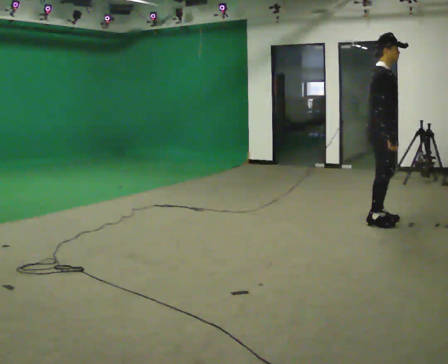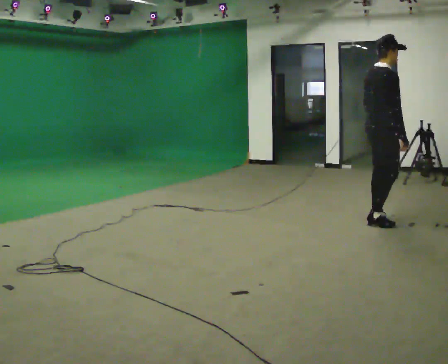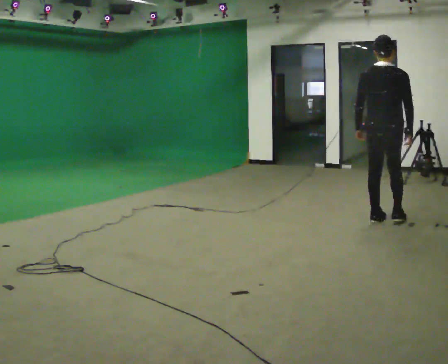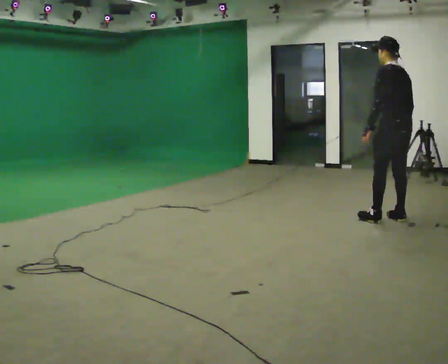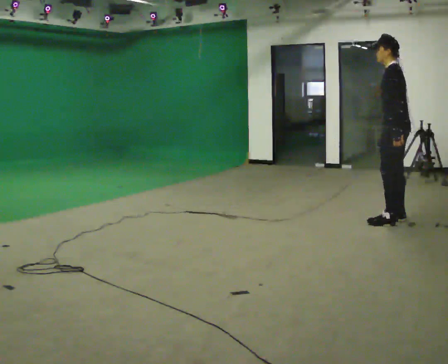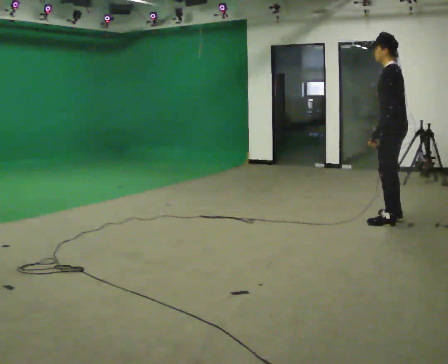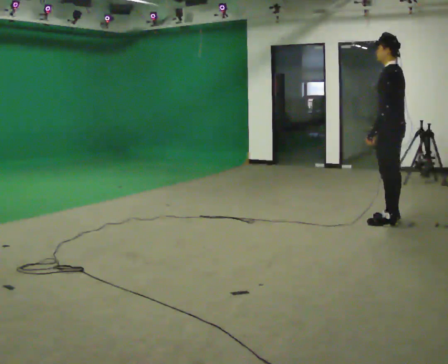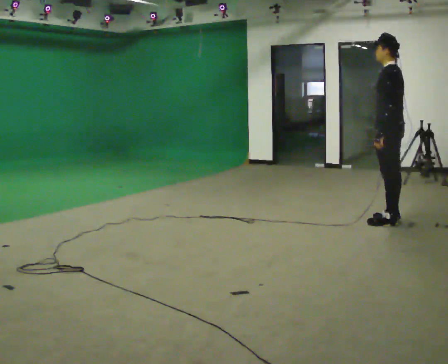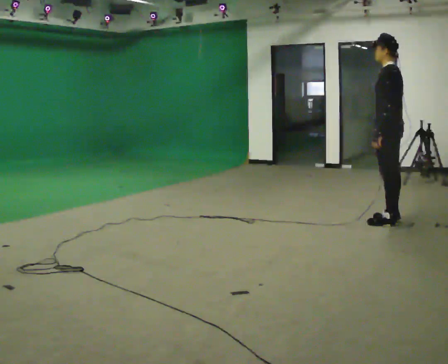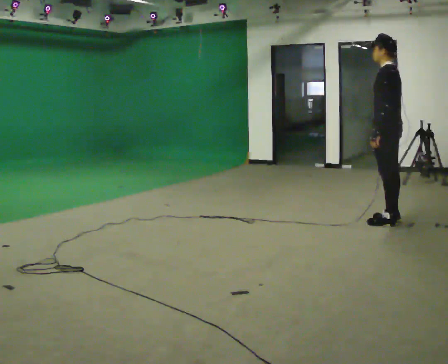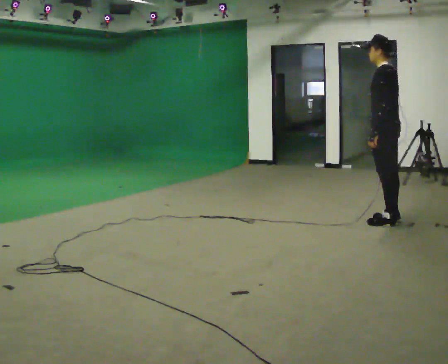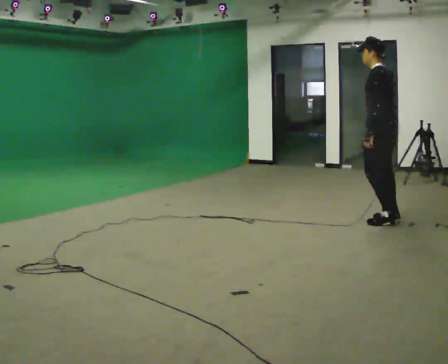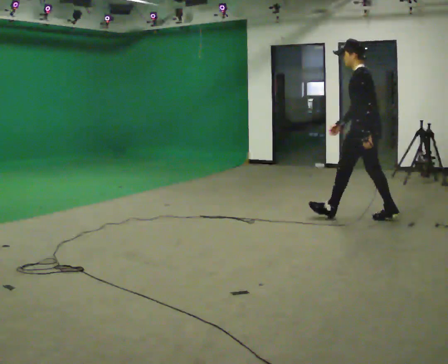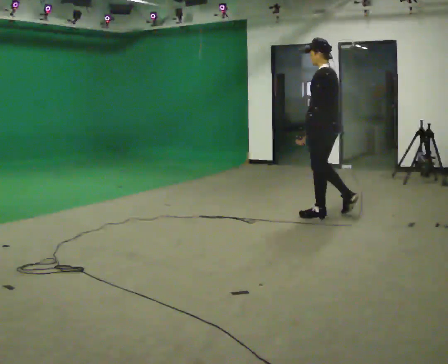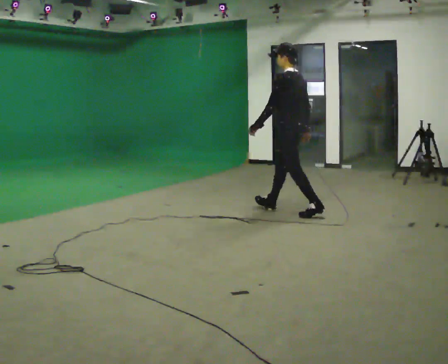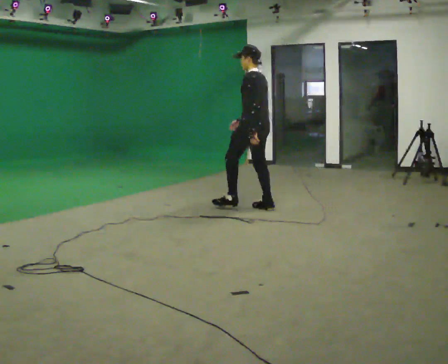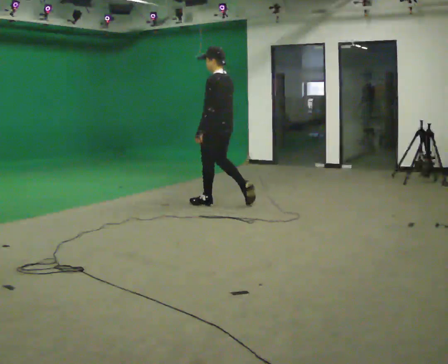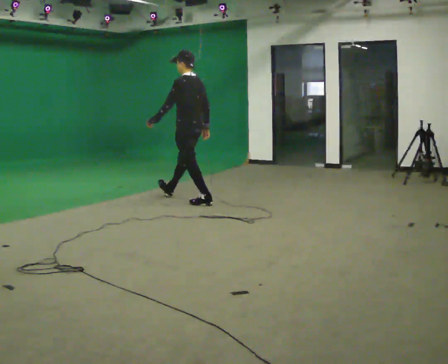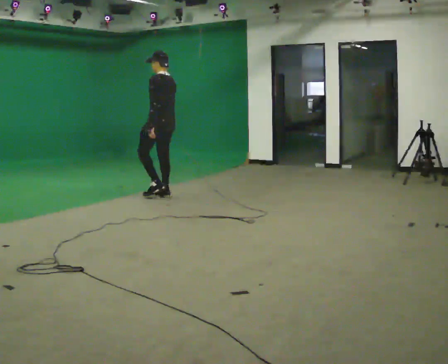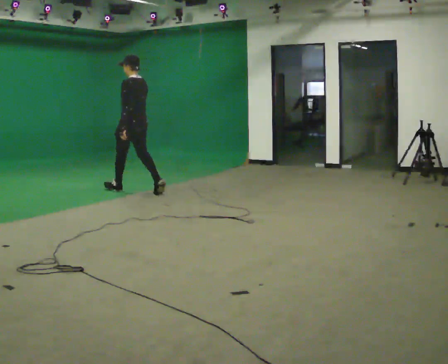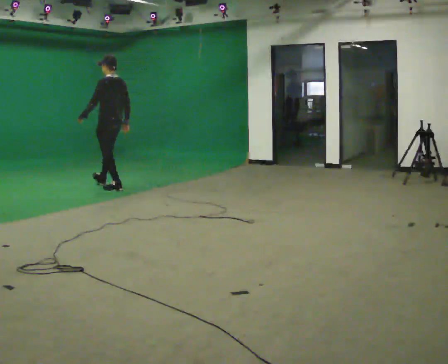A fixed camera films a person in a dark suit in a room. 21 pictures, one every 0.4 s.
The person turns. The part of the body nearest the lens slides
to the right.
The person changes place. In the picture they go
to the left.
0.0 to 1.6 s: Seen from above the body turns counterclockwise, about 180 degrees: to their left, with its near side sliding to the right. In the picture they go to the right, about 0.25 m in 2 steps.
1.6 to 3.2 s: The person moves a little, or ends about where they began.
3.2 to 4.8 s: In the picture they go to the left, about 0.25 m, which for them is forward. In the picture their right hand goes to the left.
4.8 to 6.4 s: In the picture they go to the left, about 1.5 m in 3 steps, which for them is forward.
6.4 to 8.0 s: In the picture they go to the left, about 1.5 m in 2 steps, which for them is forward.
The film runs forward here.
